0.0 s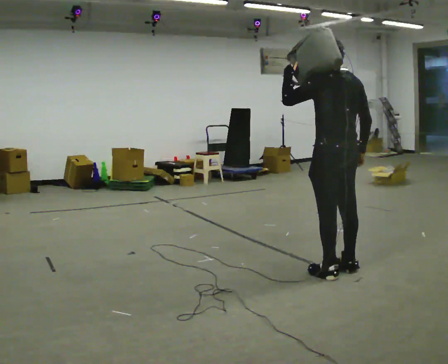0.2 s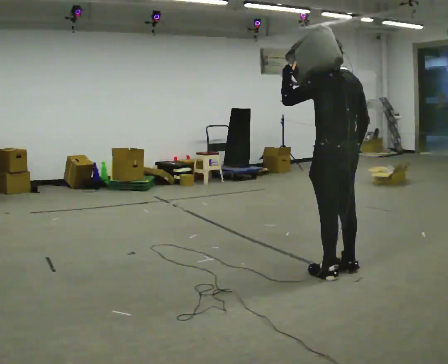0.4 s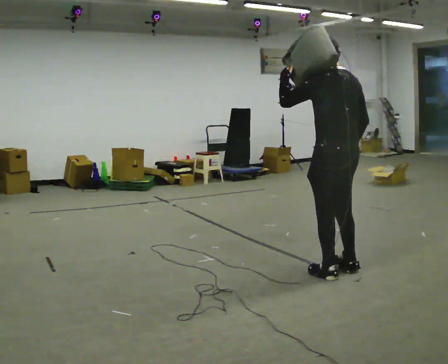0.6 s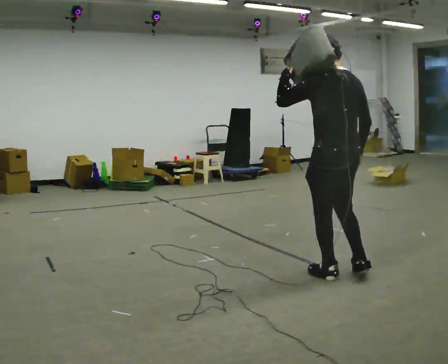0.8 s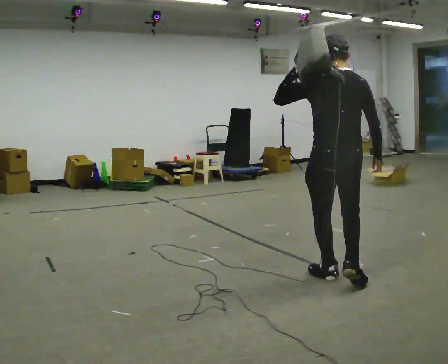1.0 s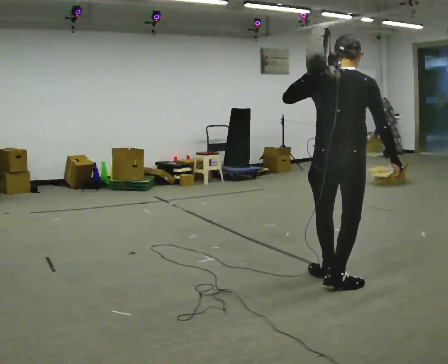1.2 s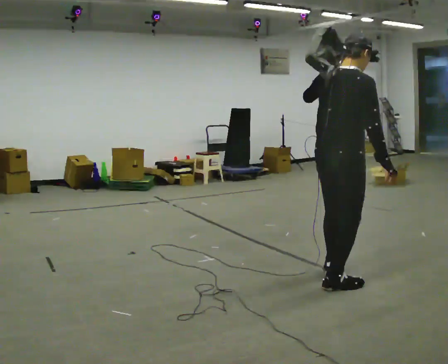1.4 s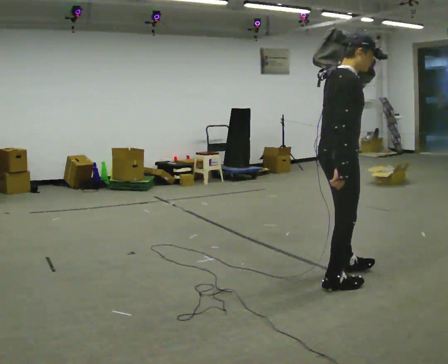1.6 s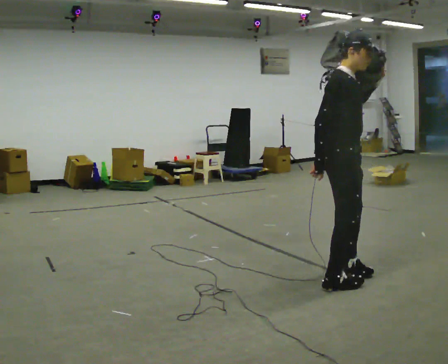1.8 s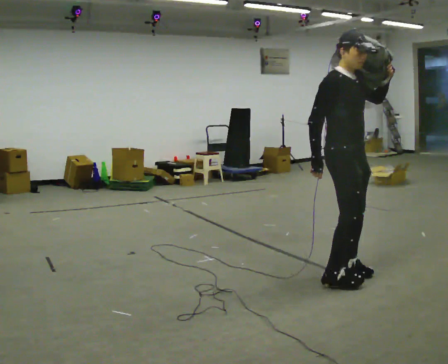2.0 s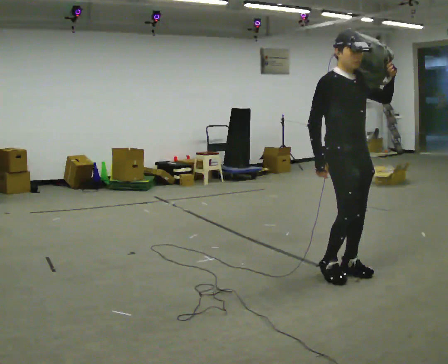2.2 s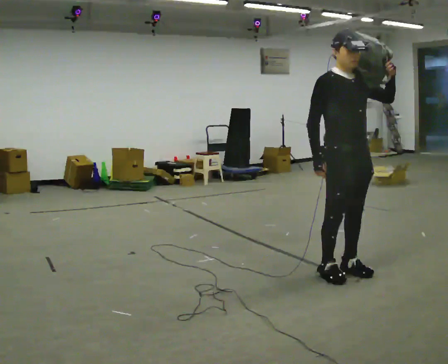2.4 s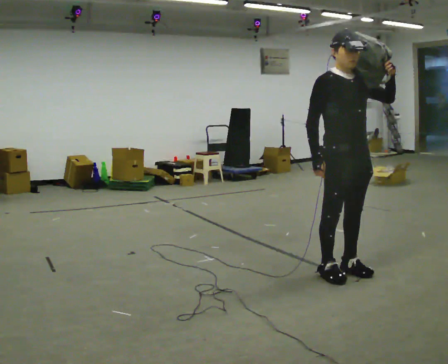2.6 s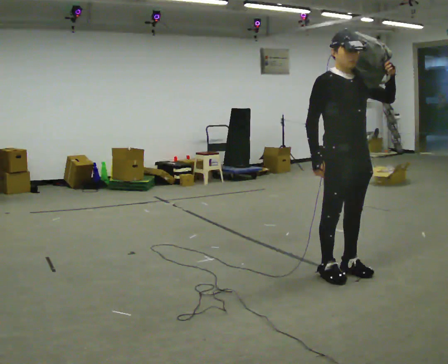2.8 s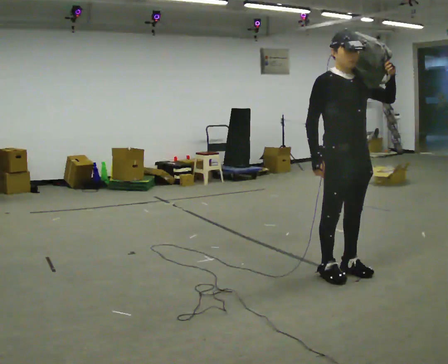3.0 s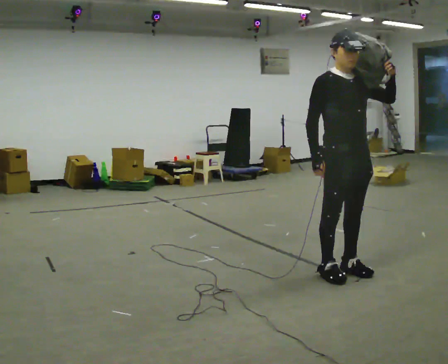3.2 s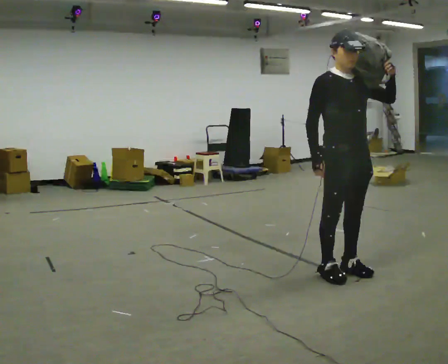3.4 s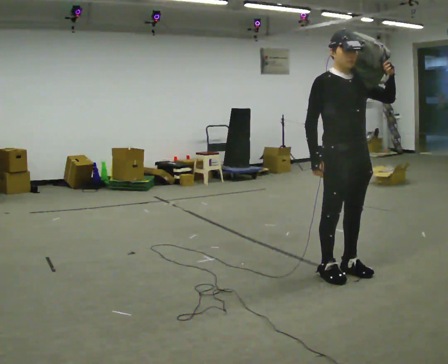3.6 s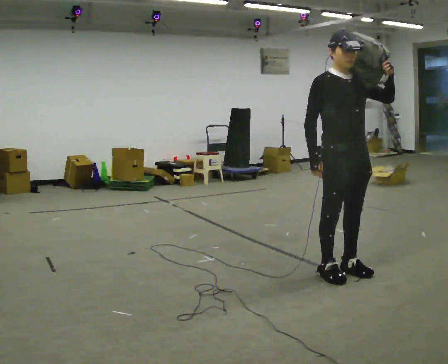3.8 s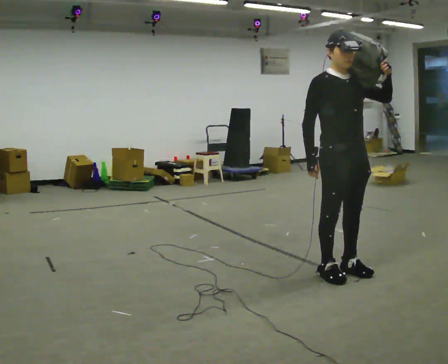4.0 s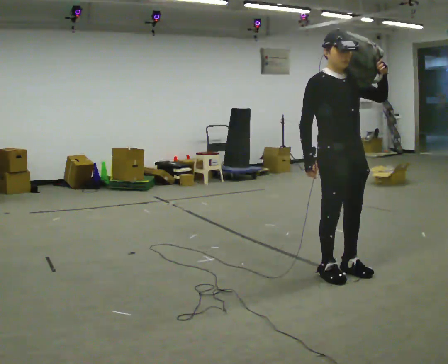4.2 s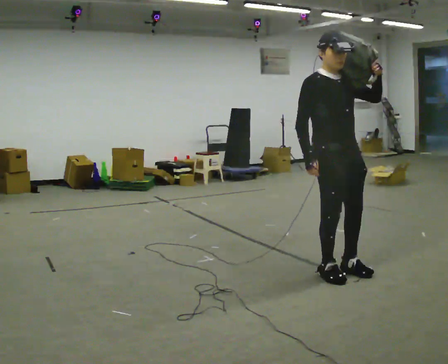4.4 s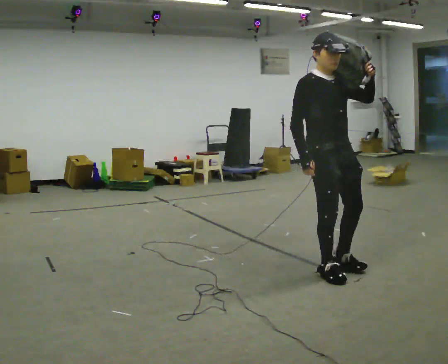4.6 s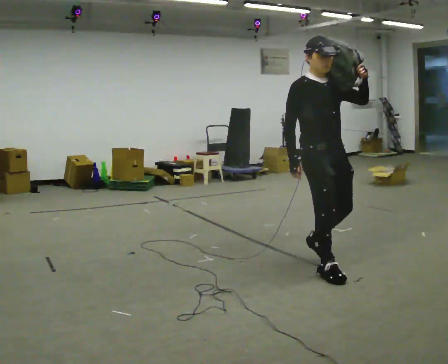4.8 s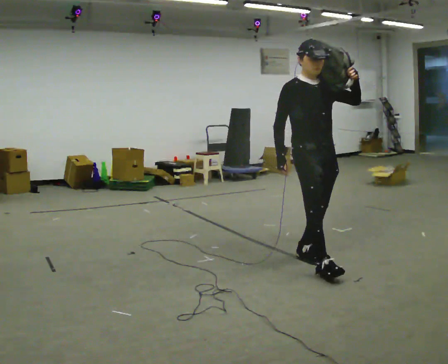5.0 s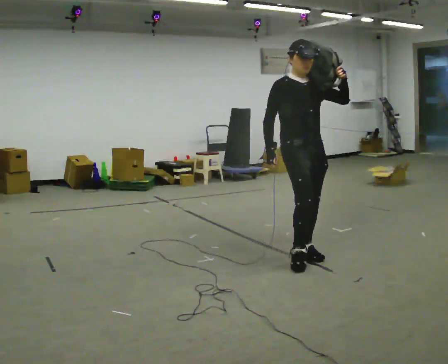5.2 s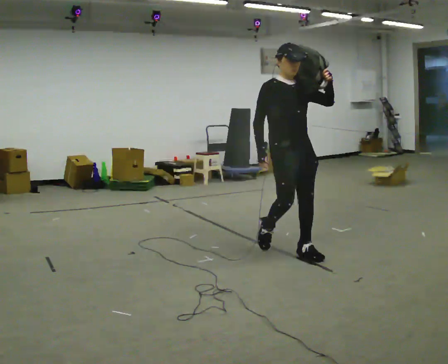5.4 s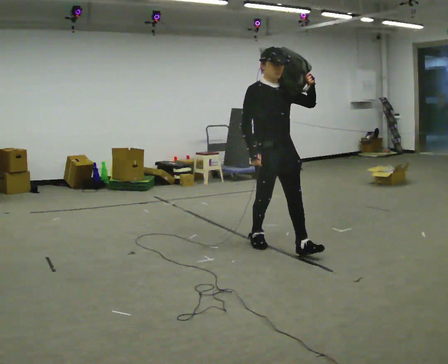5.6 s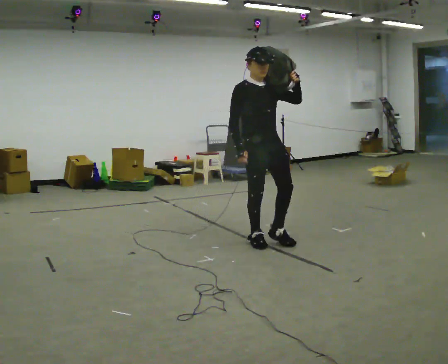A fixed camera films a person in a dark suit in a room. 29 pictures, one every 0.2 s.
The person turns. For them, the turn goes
to their right.
The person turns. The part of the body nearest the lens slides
to the left.
0.0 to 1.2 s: The part of the body nearest the lens slides to the left as the person turns to their right by about 75 degrees. In the picture they go toward the camera, about 0.25 m in 2 steps.
1.2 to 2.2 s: The person turns about 105 degrees to their right, clockwise seen from above, so the part of the body nearest the lens slides to the left. In the picture they go away from the camera, about 0.25 m in 1 step. In the picture their left hand goes to the right.
2.2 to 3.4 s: The person keeps their place and pose.
3.4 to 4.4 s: The person moves a little, or ends about where they began.
4.4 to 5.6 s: In the picture they go to the left and away from the camera, about 1 m in 2 steps, which for them is backward.
The film runs backward here.
